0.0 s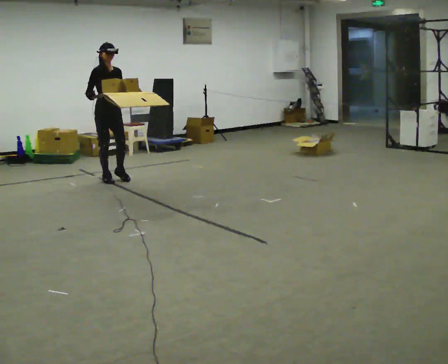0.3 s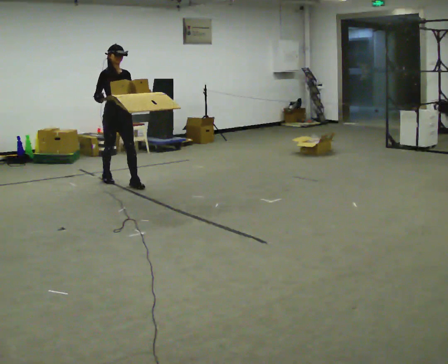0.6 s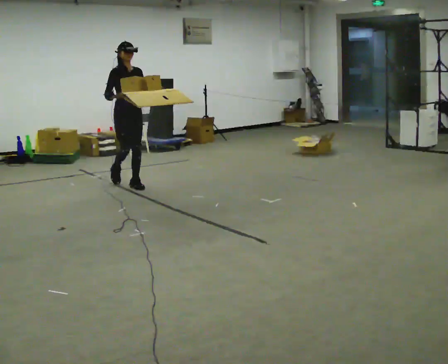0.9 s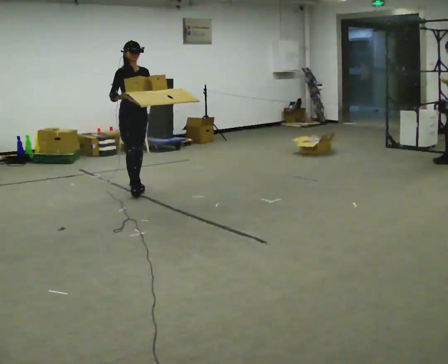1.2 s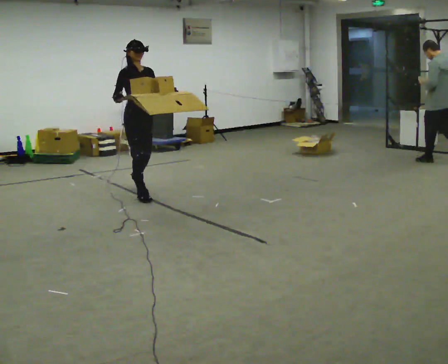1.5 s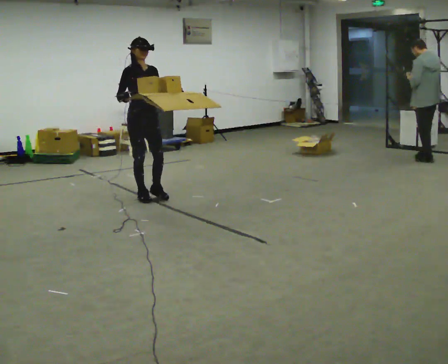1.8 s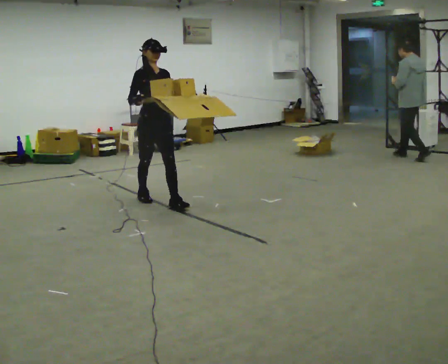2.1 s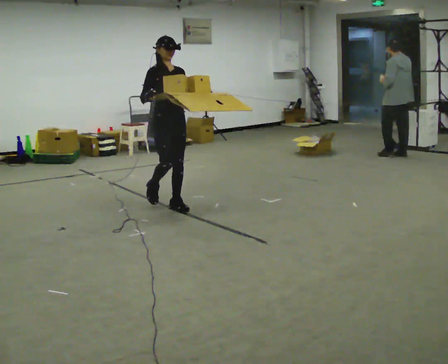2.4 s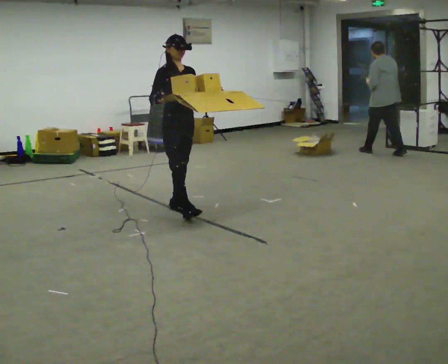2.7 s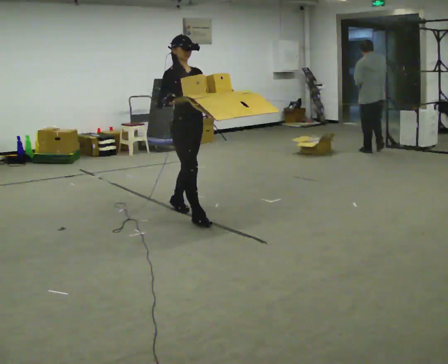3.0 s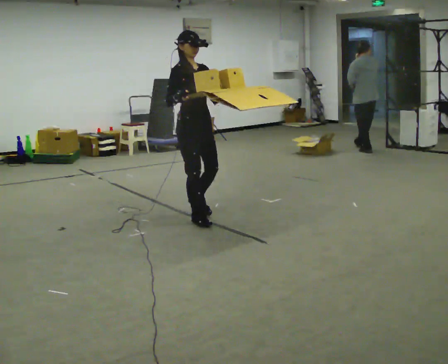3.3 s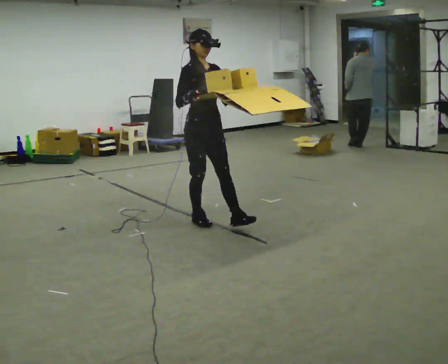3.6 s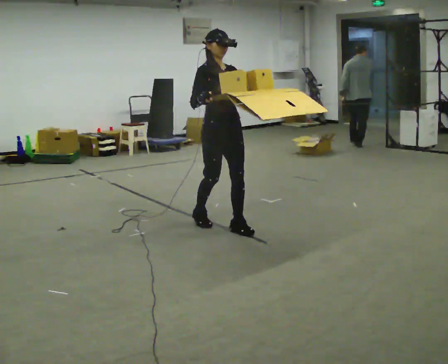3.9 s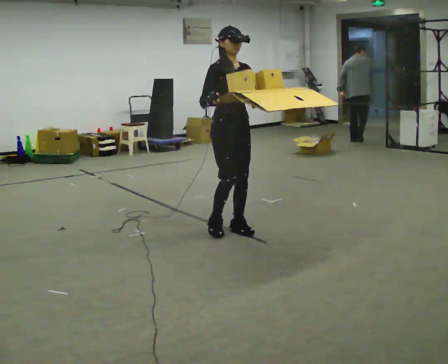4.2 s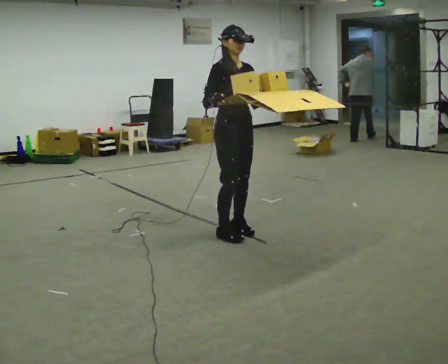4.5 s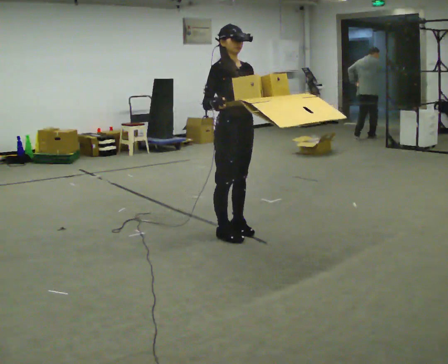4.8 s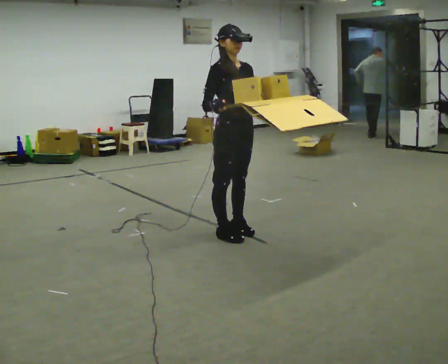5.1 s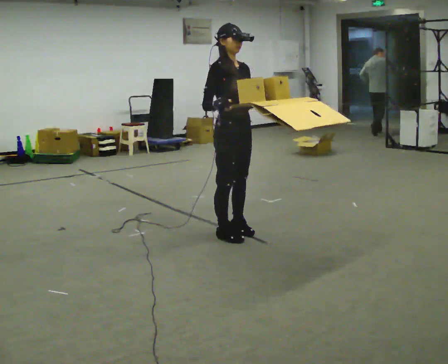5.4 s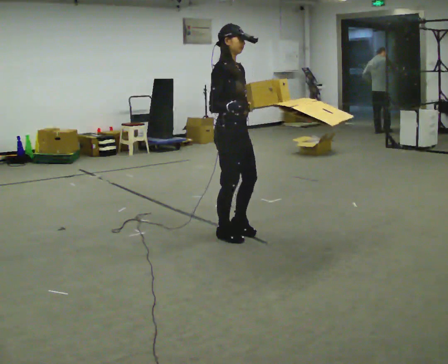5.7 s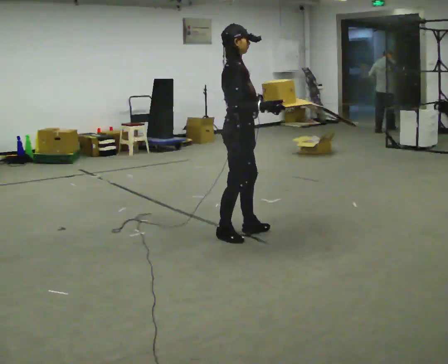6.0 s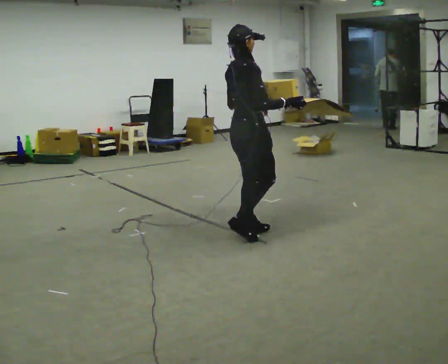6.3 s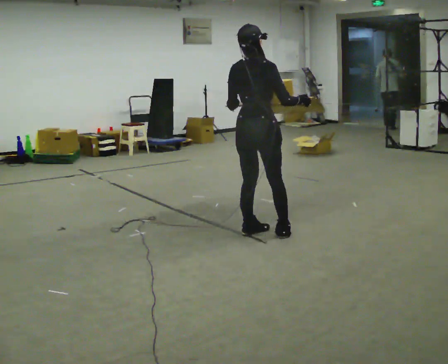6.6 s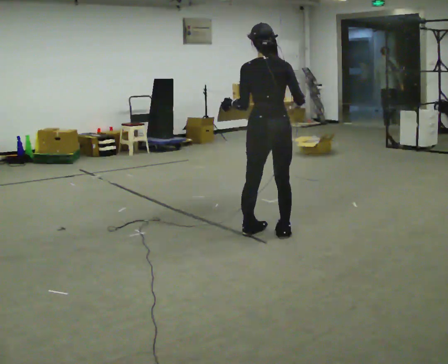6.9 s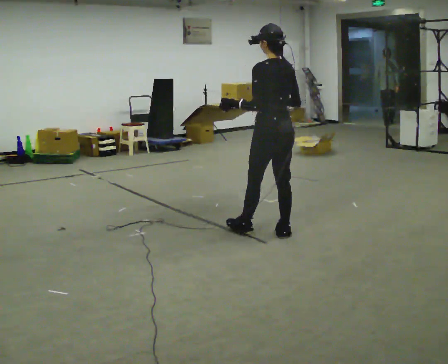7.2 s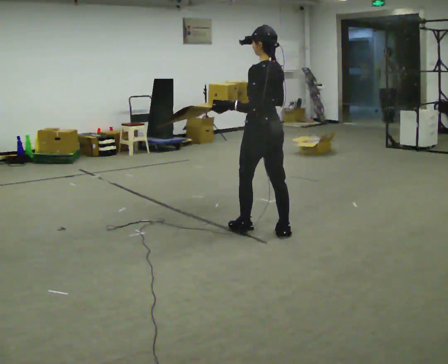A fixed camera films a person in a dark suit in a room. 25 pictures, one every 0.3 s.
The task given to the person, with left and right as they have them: Carry the open tray of loose items across the room, back and forth, trying not to let anything fall out.
0.0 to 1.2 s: In the picture they go to the right and toward the camera, about 1 m in 2 steps, which for them is forward.
1.2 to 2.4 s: In the picture they go to the right and toward the camera, about 0.5 m in 1 step, which for them is forward.
2.4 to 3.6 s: In the picture they go to the right and toward the camera, about 0.75 m in 2 steps, which for them is forward.
3.6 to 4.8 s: In the picture they go toward the camera, about 0.25 m in 1 step, which for them is forward.
4.8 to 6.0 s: The person turns about 75 degrees to their left, counterclockwise seen from above, so the part of the body nearest the lens slides to the right. In the picture their right hand goes to the right.
6.0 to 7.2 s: Seen from above the body turns counterclockwise, about 105 degrees: to their left, with its near side sliding to the right. In the picture their right hand goes to the left.
The film runs forward here.
